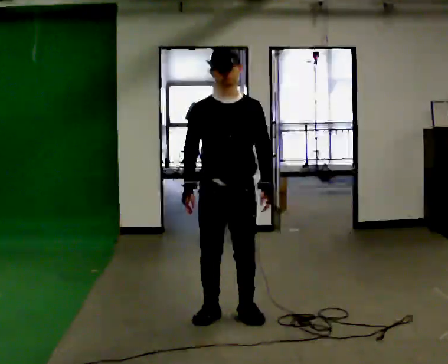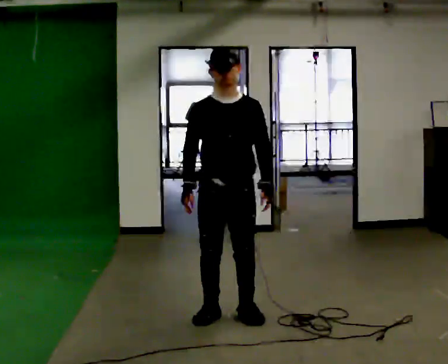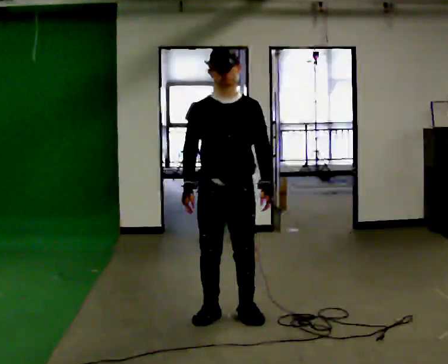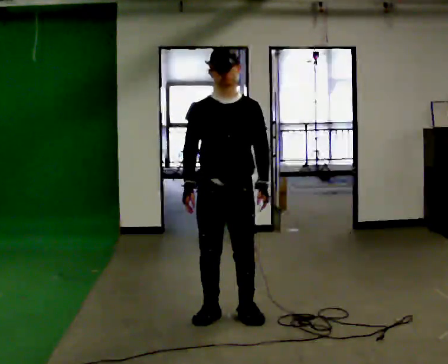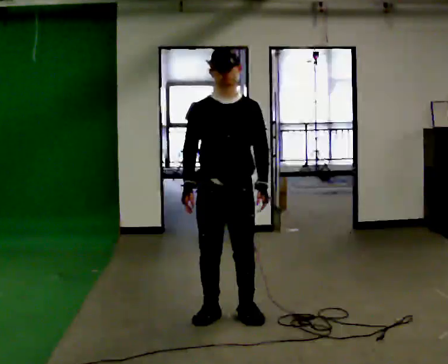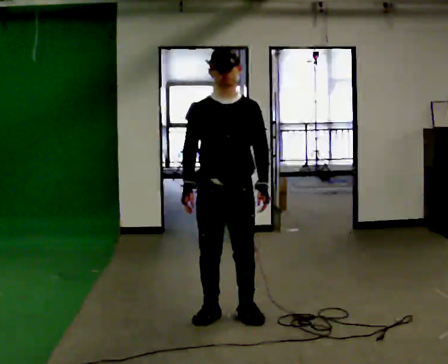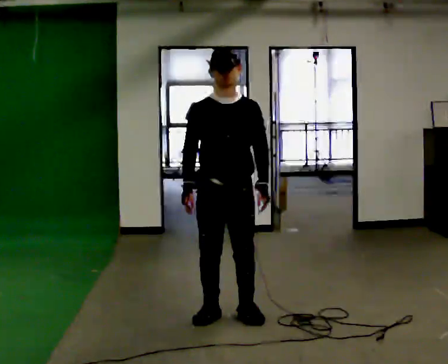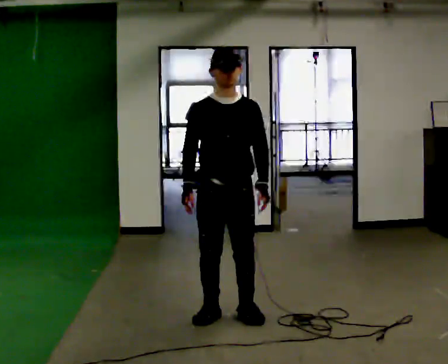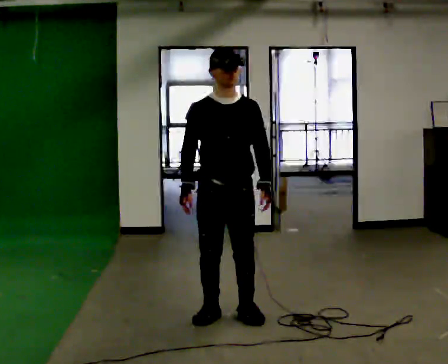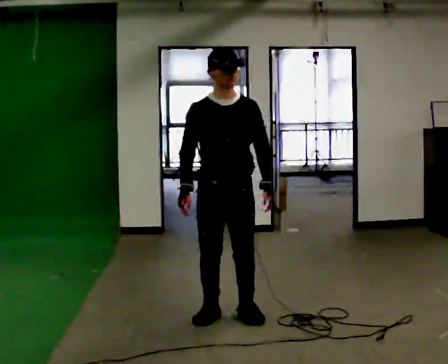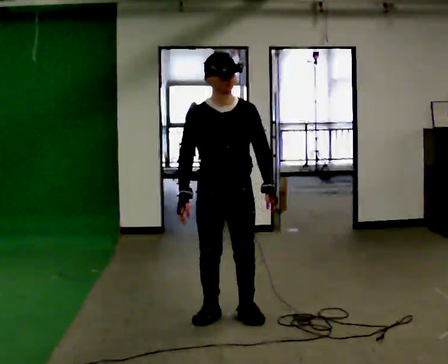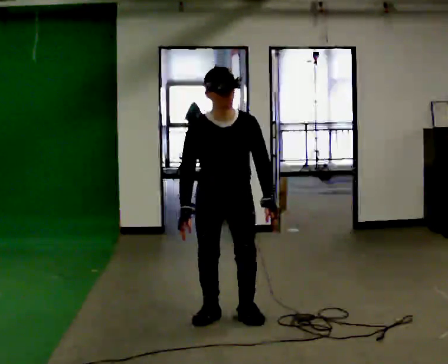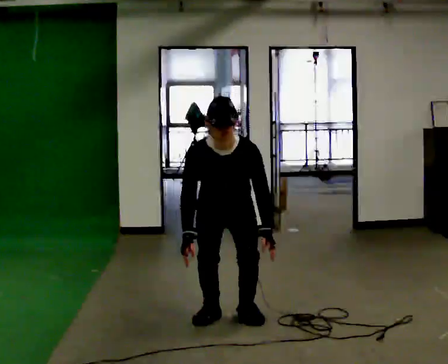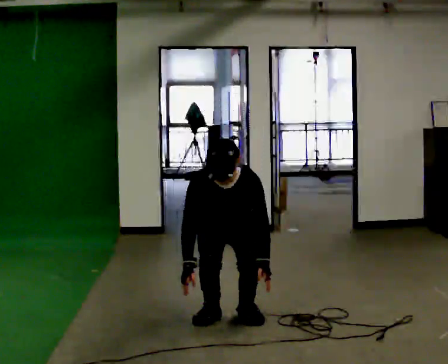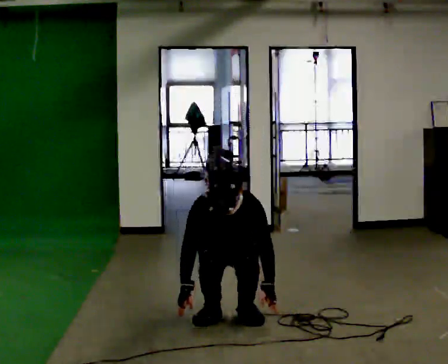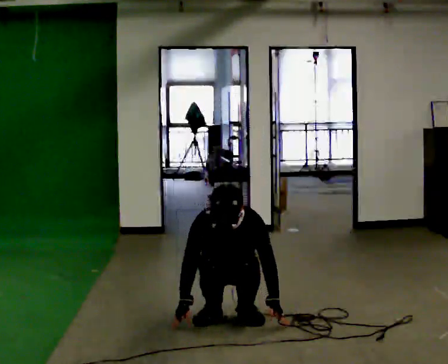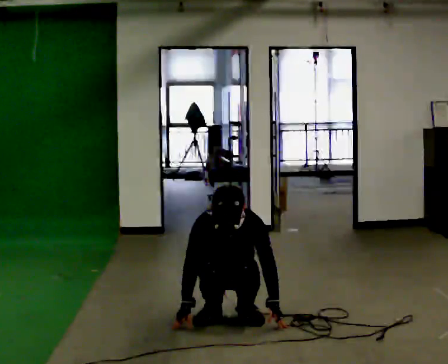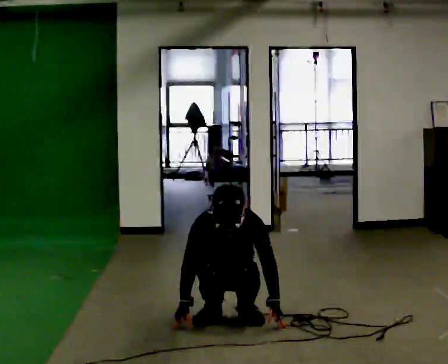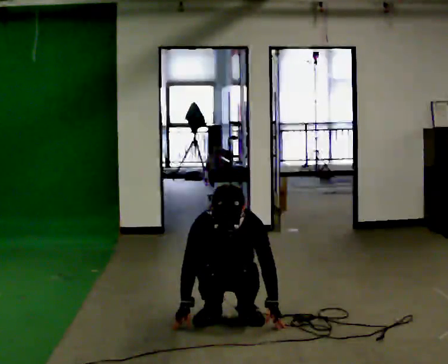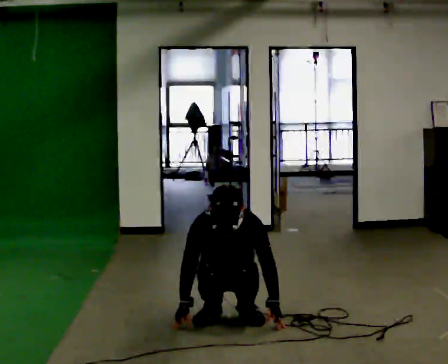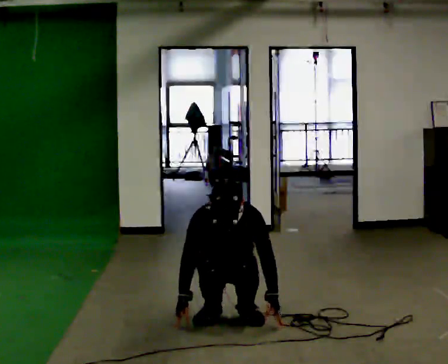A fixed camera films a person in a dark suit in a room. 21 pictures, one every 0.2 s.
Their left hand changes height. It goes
downward.
The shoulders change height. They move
downward.
0.0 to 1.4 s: The person moves a little, or ends about where they began.
1.4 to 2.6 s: The upper body goes downward. The upper body tips toward the camera, its near side rolling downward, as they bend forward. In the picture their left hand goes downward.
2.6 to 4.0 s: The shoulders move downward.
The film runs forward here.
